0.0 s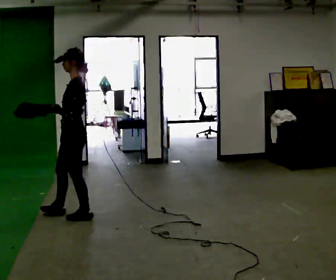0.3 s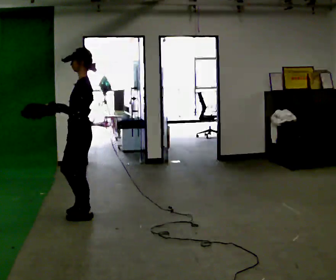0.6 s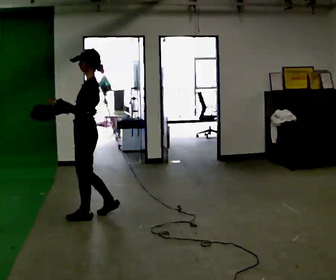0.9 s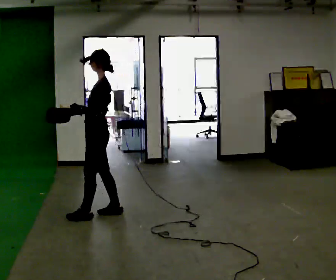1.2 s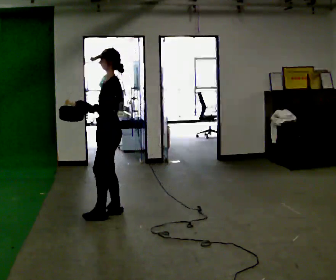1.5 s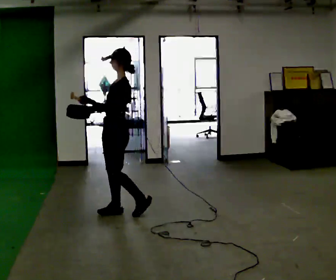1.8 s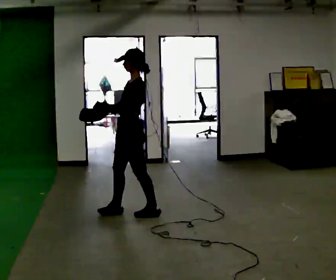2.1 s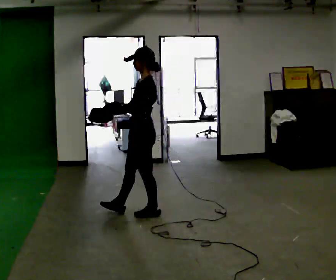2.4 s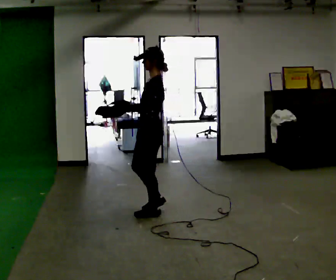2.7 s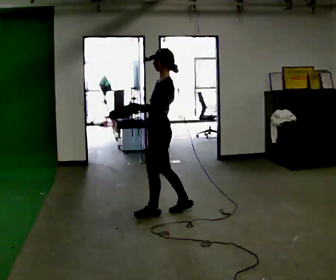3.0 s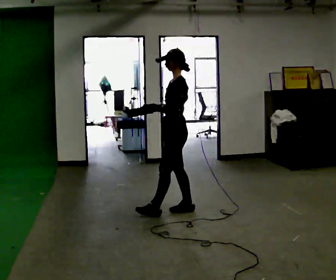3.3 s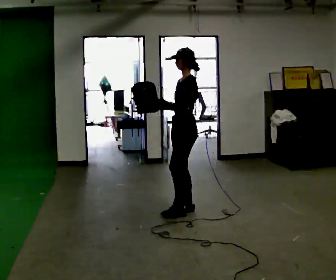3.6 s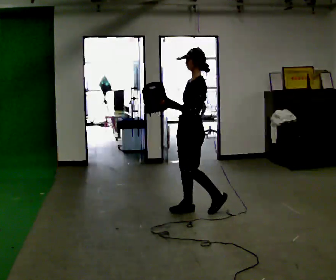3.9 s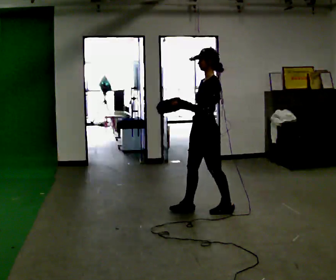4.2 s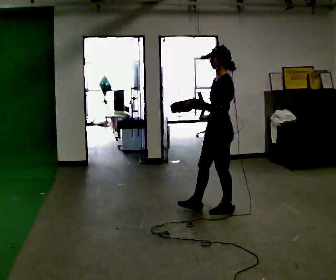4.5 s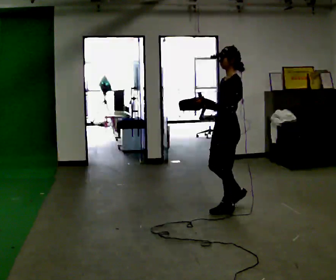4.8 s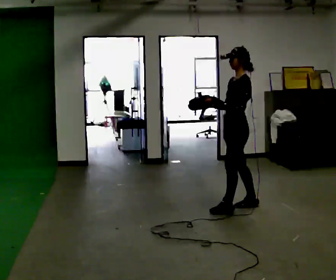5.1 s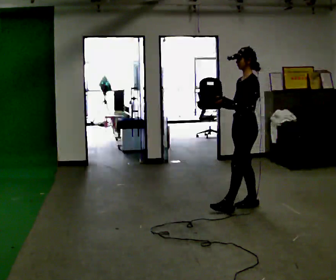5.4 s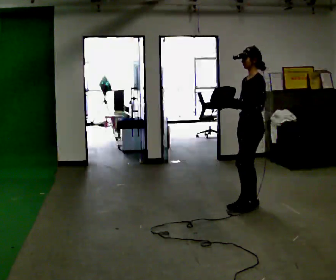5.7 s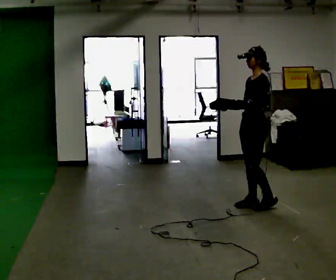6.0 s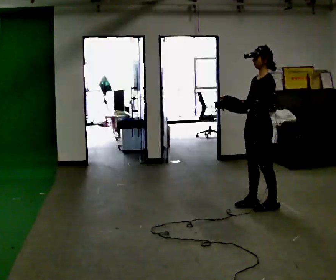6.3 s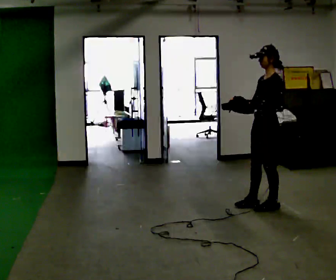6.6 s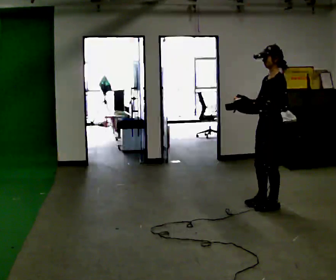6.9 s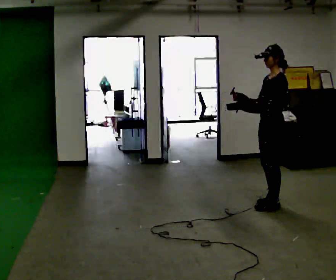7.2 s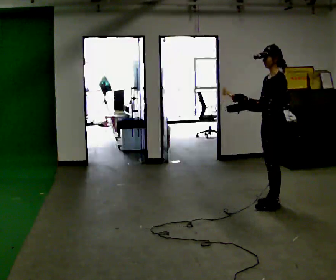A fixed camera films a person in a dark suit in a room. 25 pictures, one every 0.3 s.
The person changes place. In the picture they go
to the right.
0.0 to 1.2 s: In the picture they go to the right and away from the camera, about 0.25 m in 2 steps, which for them is backward and to their right.
1.2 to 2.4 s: In the picture they go to the right, about 0.5 m in 1 step, which for them is backward.
2.4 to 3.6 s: In the picture they go to the right and away from the camera, about 0.5 m in 1 step, which for them is backward.
3.6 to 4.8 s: In the picture they go to the right, about 0.5 m in 1 step, which for them is backward.
4.8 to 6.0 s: In the picture they go to the right, about 0.25 m in 1 step, which for them is backward. In the picture their left hand goes to the right.
6.0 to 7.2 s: In the picture they go to the right, about 0.25 m in 1 step, which for them is backward.
The film runs backward here.
